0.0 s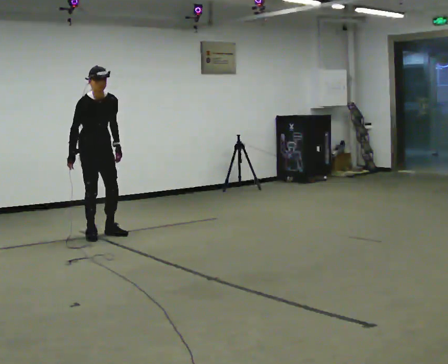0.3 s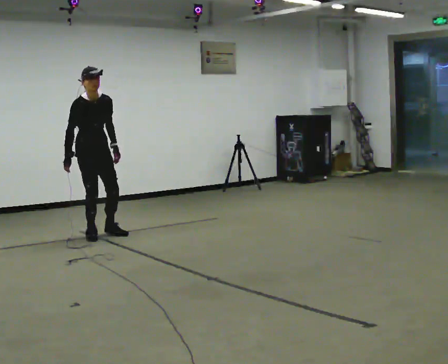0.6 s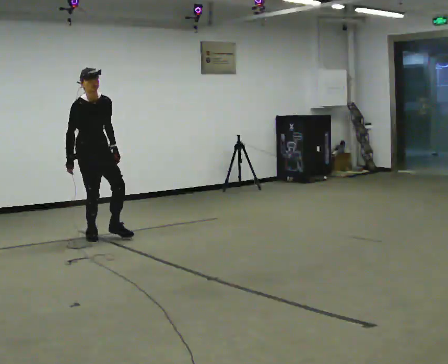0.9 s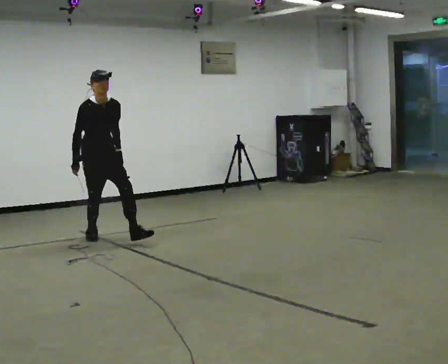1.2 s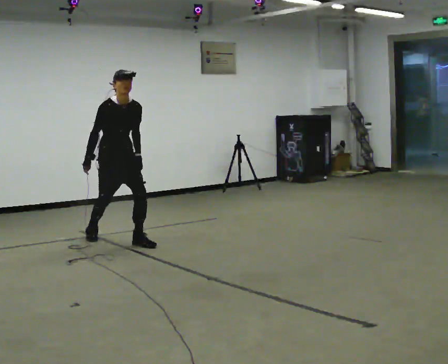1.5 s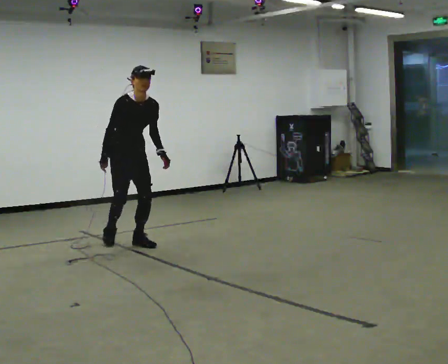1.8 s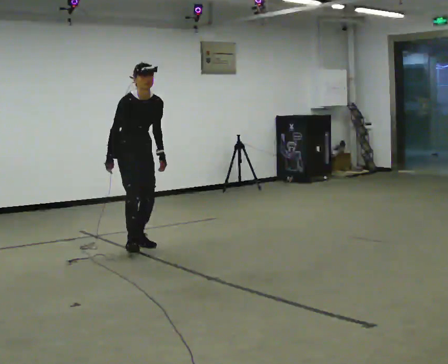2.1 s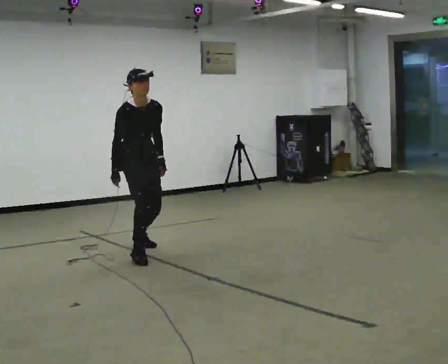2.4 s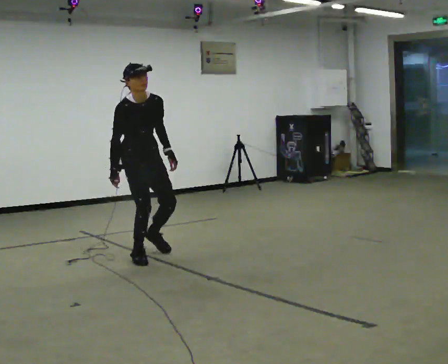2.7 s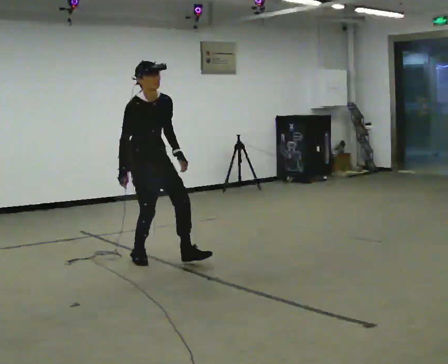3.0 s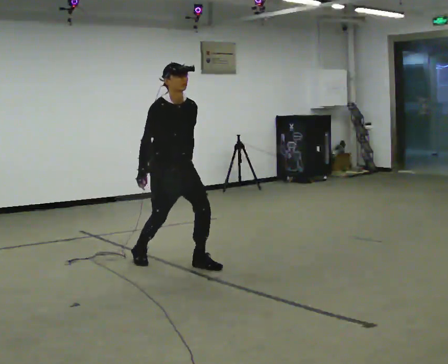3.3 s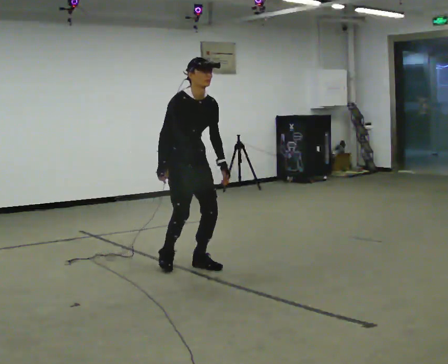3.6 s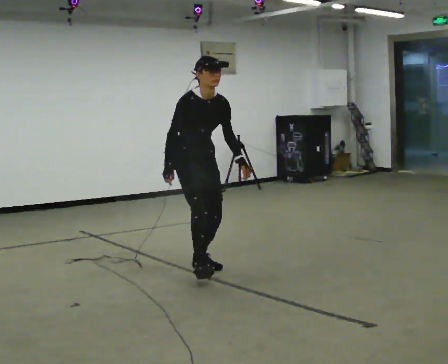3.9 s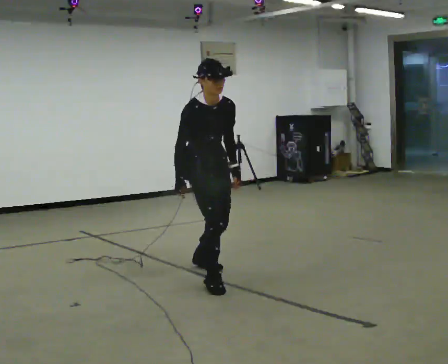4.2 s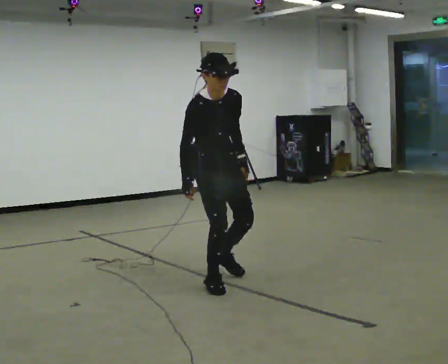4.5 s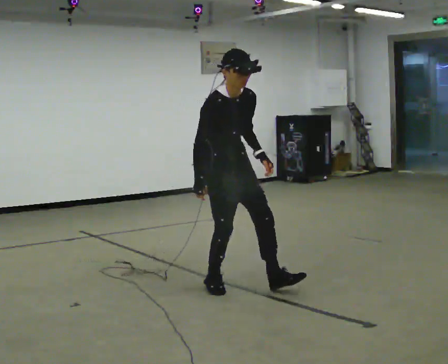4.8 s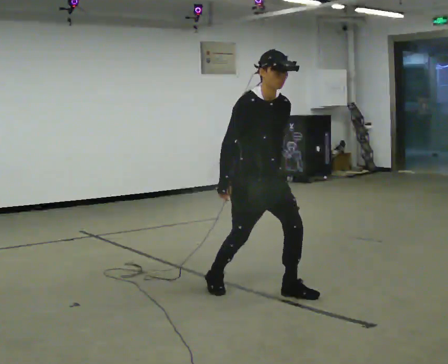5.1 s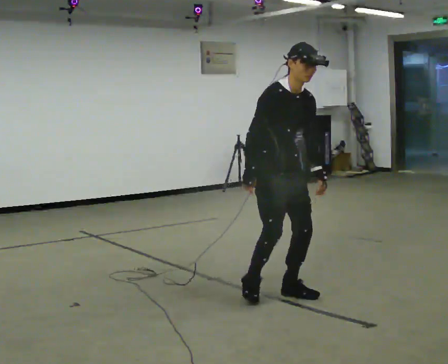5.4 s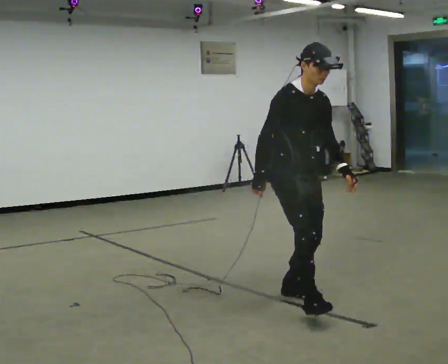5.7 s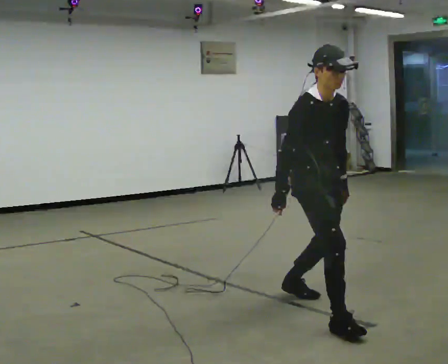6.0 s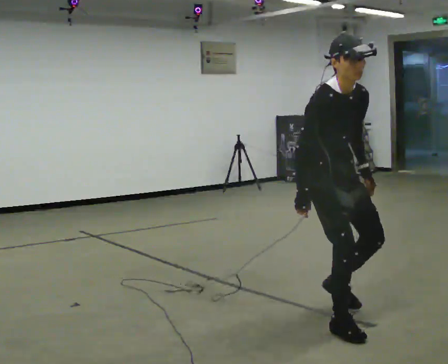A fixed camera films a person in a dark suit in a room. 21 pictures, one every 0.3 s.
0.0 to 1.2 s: In the picture they go toward the camera and to the right, about 0.5 m in 1 step, which for them is forward.
1.2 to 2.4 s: In the picture they go toward the camera, about 0.75 m in 1 step, which for them is forward.
2.4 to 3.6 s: In the picture they go toward the camera and to the right, about 0.75 m in 1 step, which for them is forward.
3.6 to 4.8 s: In the picture they go toward the camera and to the right, about 1 m in 2 steps, which for them is forward.
4.8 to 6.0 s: In the picture they go toward the camera and to the right, about 1 m in 1 step, which for them is forward.
The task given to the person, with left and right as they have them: Walk forward in a lowered crouched posture at a comfortable speed; do not go lower than is comfortable; stop.
The film runs forward here.
